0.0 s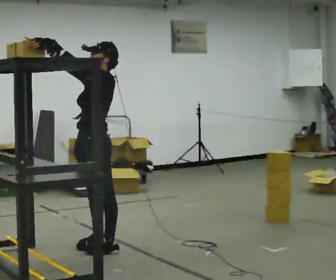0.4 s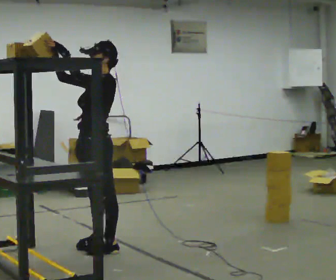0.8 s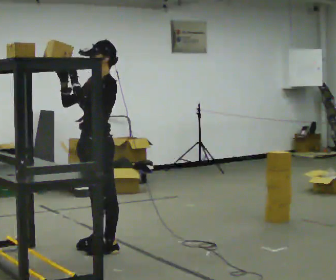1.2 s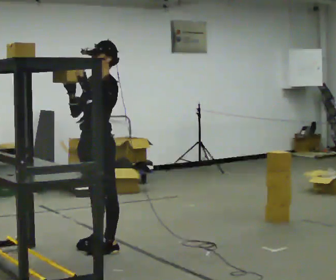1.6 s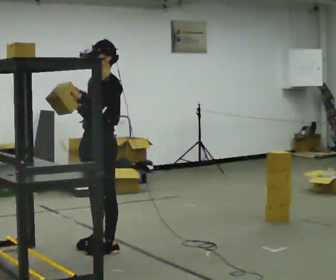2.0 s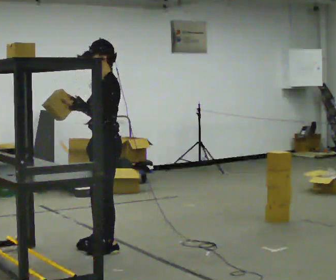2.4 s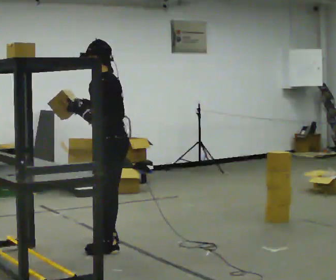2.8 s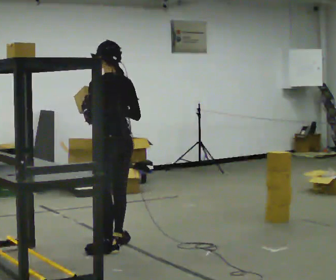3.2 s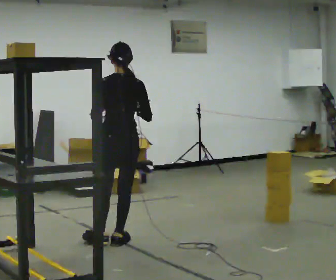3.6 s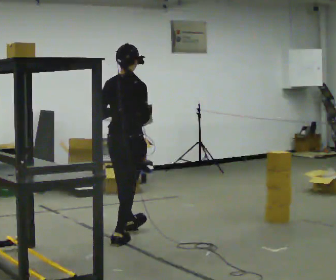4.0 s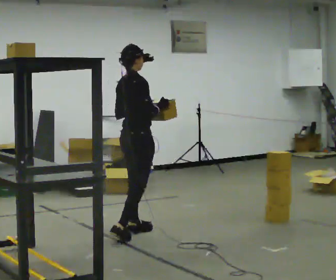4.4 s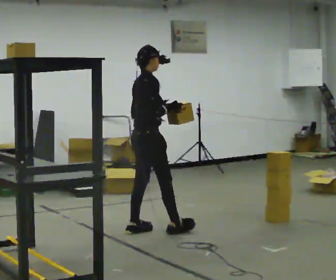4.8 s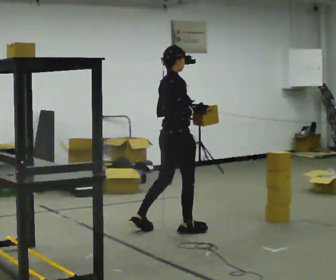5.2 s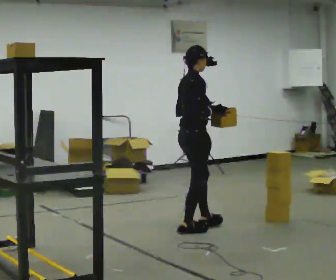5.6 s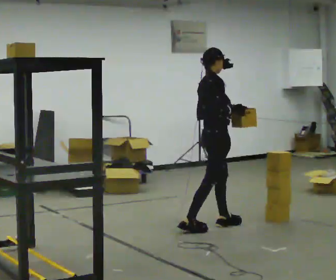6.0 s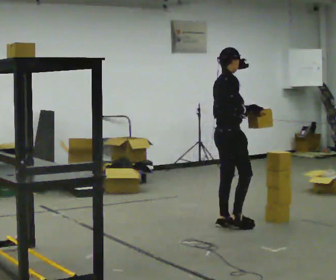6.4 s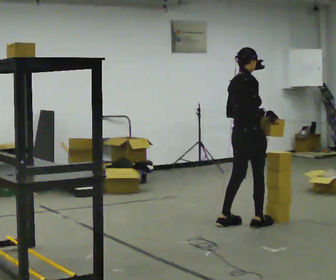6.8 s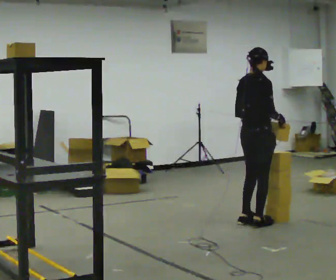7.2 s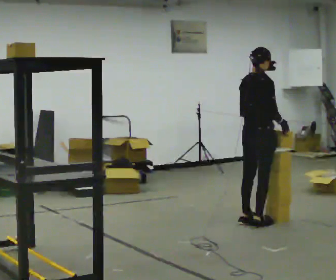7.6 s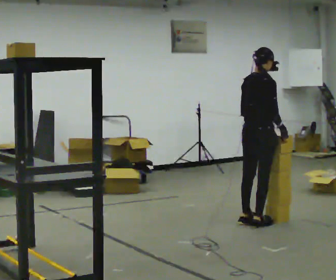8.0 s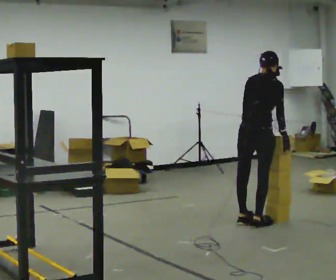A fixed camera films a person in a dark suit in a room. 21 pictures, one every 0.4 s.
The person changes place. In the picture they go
to the right.
Their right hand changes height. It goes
downward.
0.0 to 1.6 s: In the picture their right hand goes downward.
1.6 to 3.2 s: Seen from above the body turns clockwise, about 120 degrees: to their right, with its near side sliding to the left. In the picture they go away from the camera, about 0.25 m in 1 step. In the picture their right hand goes to the right.
3.2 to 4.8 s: The part of the body nearest the lens slides to the left as the person turns to their right by about 75 degrees. In the picture they go to the right and away from the camera, about 0.5 m in 2 steps.
4.8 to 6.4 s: In the picture they go to the right, about 0.75 m in 2 steps, which for them is forward.
6.4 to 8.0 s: Seen from above the body turns counterclockwise, about 30 degrees: to their left, with its near side sliding to the right. In the picture the upper body tilts clockwise, shoulders to the right, as they bend forward.
The film runs forward here.
